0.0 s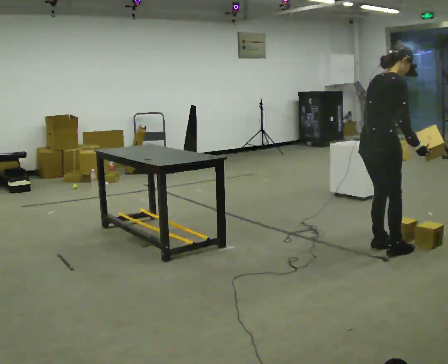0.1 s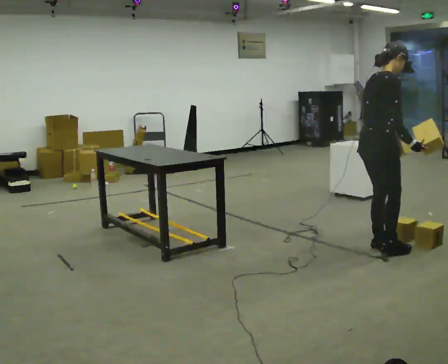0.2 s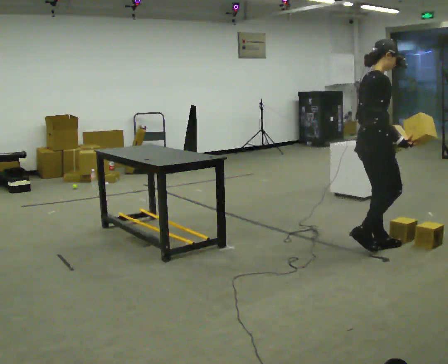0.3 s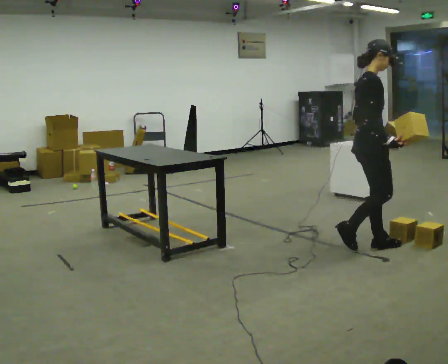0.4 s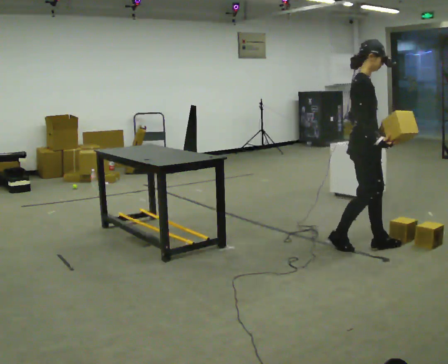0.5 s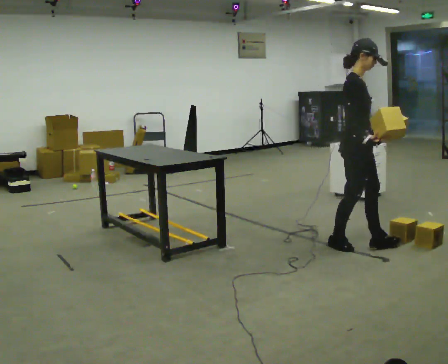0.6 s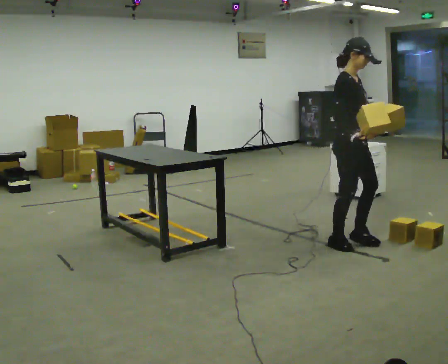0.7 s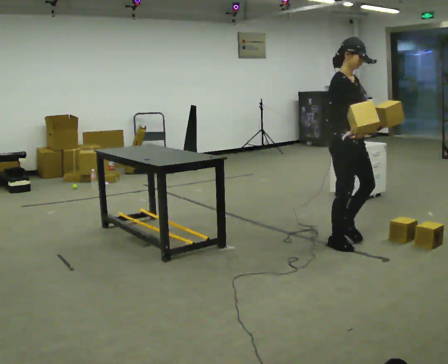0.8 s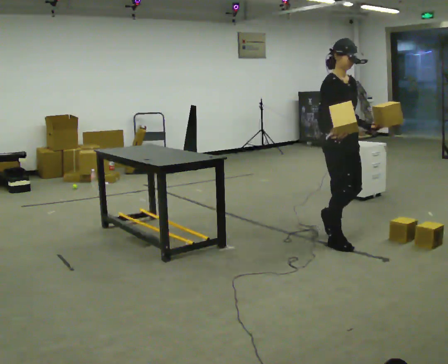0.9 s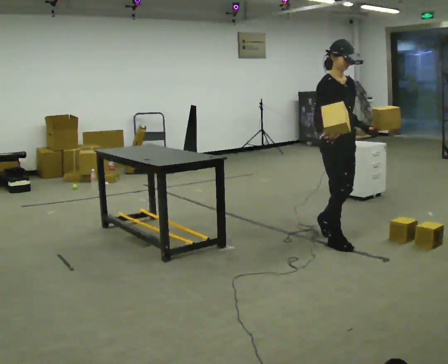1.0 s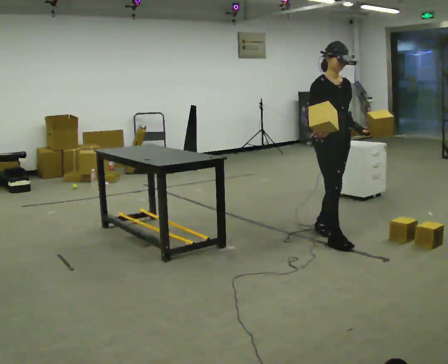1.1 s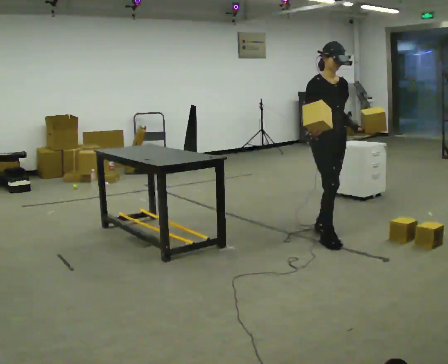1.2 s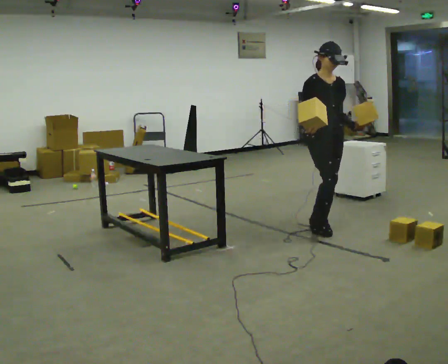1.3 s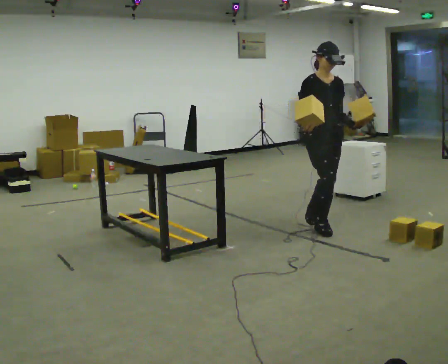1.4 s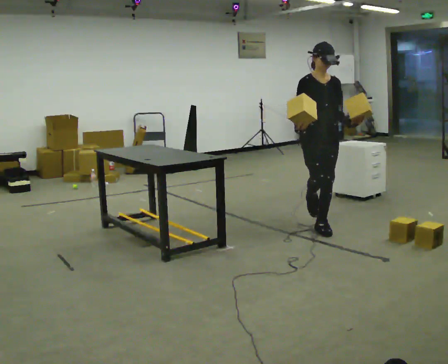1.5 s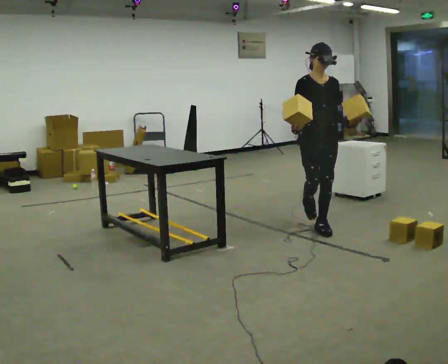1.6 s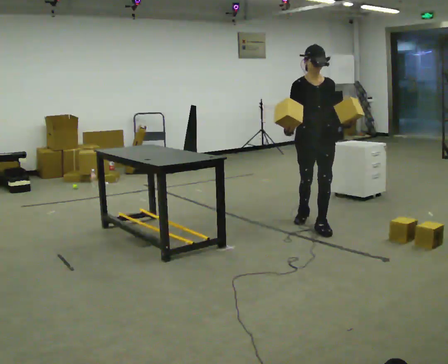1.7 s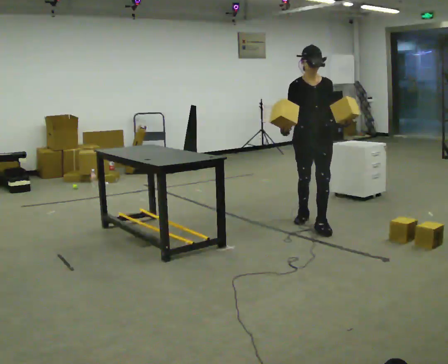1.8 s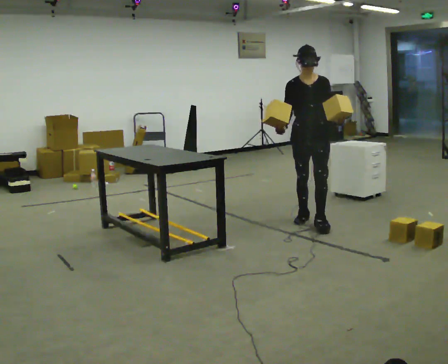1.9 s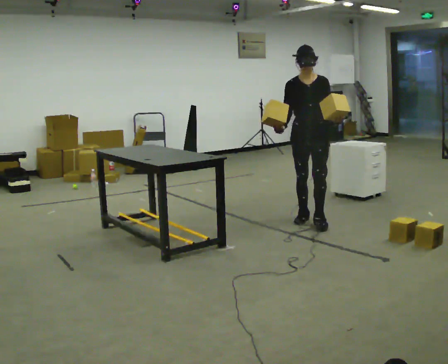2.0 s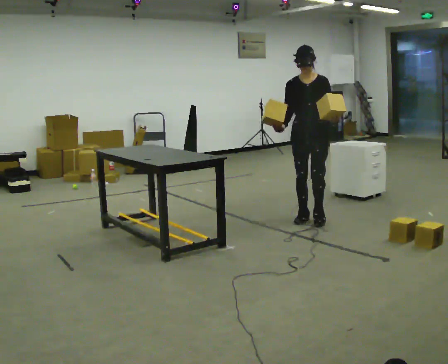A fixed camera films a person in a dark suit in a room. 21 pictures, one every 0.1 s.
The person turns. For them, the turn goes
to their right.
The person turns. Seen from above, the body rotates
clockwise.
0.0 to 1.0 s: Seen from above the body turns clockwise, about 75 degrees: to their right, with its near side sliding to the left. In the picture they go away from the camera and to the left, about 0.5 m in 1 step. In the picture the upper body tilts counterclockwise, shoulders to the left, as they lean back or straighten.
1.0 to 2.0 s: The person turns about 45 degrees to their right, clockwise seen from above, so the part of the body nearest the lens slides to the left. In the picture they go away from the camera, about 0.5 m in 2 steps, which for them is backward.
The film runs backward here.
